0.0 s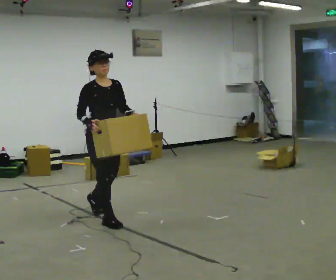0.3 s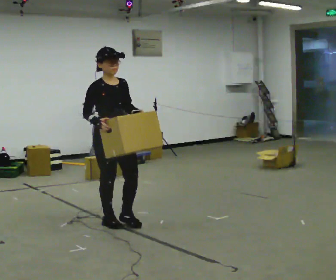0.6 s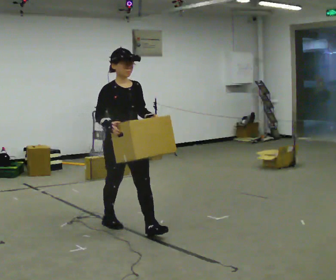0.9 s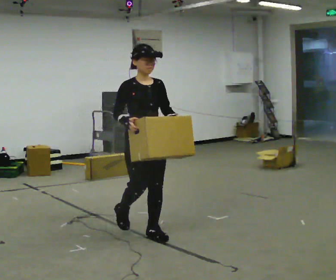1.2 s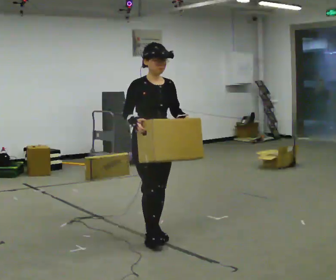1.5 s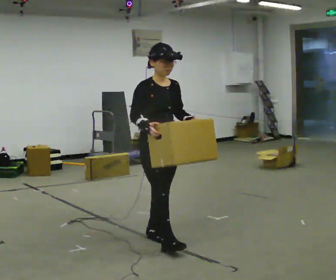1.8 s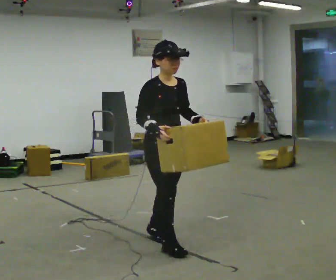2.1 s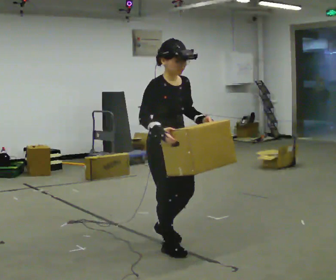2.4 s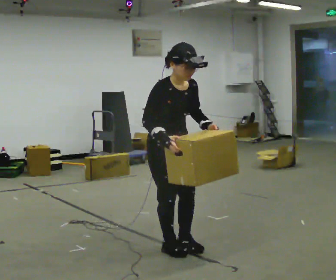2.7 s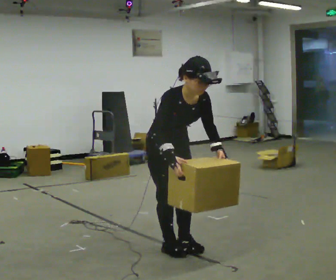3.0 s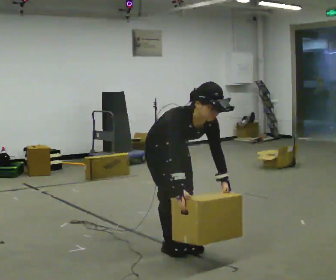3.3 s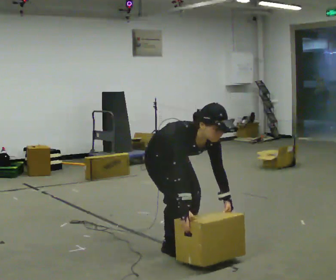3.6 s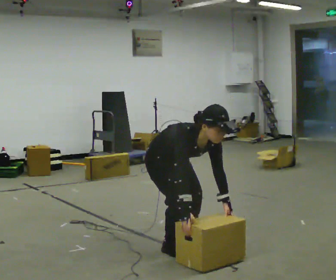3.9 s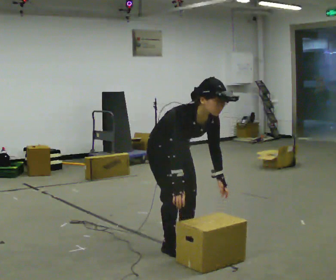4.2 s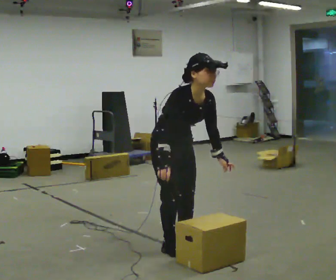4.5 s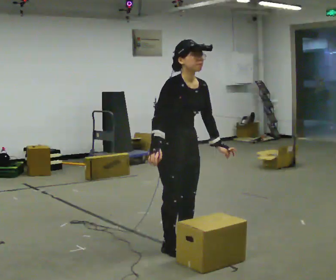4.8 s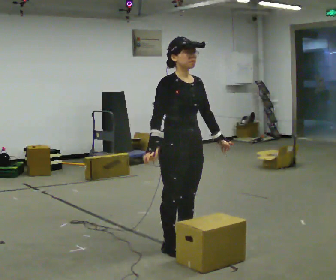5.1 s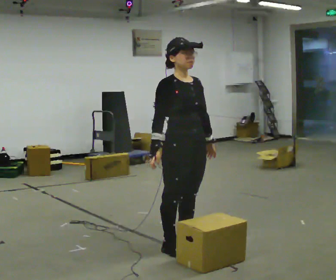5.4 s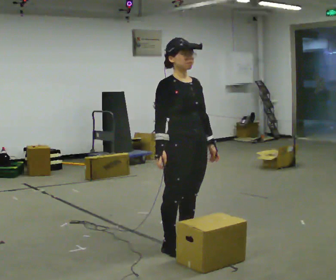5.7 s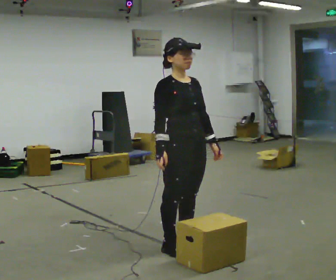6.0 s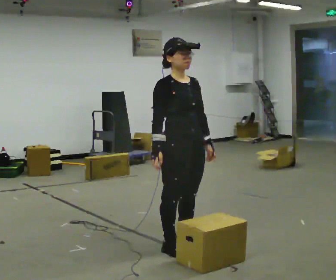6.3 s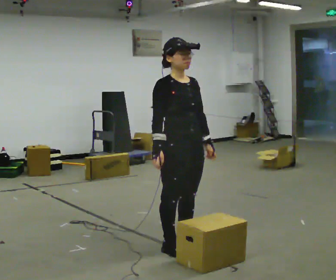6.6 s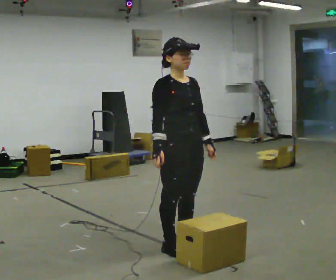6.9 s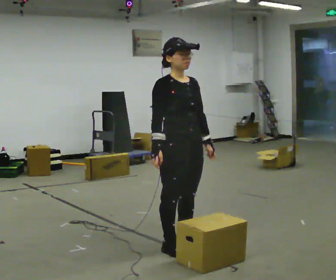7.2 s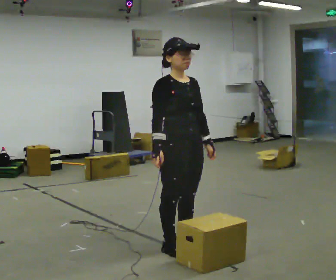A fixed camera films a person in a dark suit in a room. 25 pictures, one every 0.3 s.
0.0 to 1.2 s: In the picture they go to the right and toward the camera, about 0.75 m in 1 step, which for them is forward.
1.2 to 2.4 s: In the picture they go toward the camera and to the right, about 0.25 m in 2 steps, which for them is forward. The upper body tips toward the camera, its near side rolling downward, as they bend forward.
2.4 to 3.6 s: The shoulders move downward. In the picture the upper body tilts clockwise, shoulders to the right, as they bend forward. In the picture their left hand goes downward.
3.6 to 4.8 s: The upper body goes upward. In the picture the upper body tilts counterclockwise, shoulders to the left, as they lean back or straighten. In the picture their right hand goes upward.
4.8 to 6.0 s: The person moves a little, or ends about where they began.
6.0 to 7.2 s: The person keeps their place and pose.
The film runs forward here.
